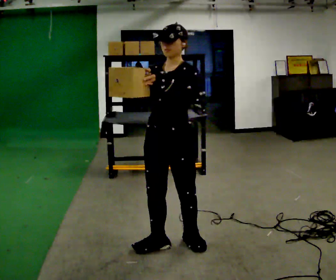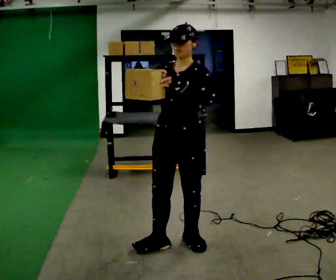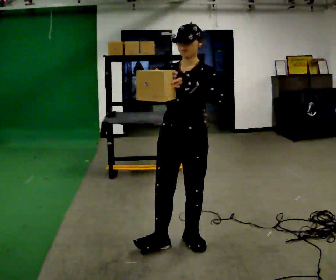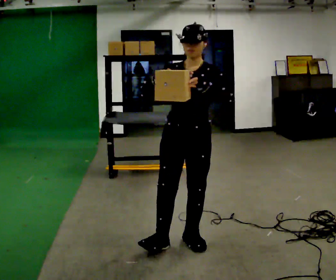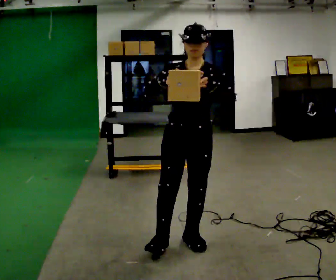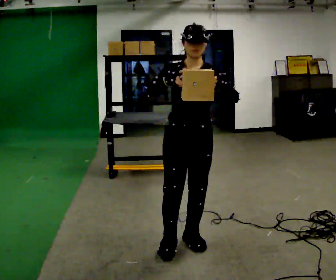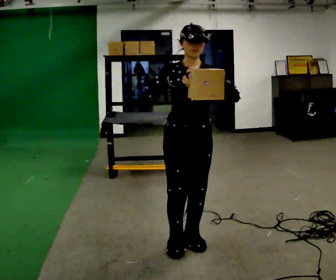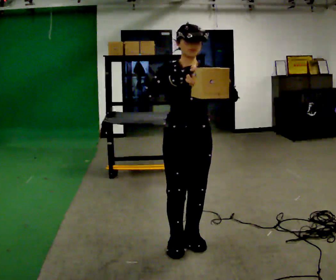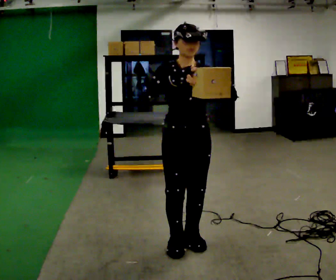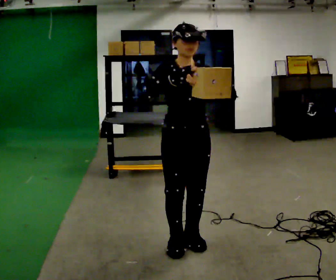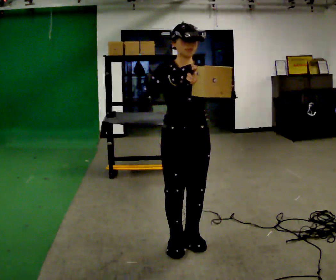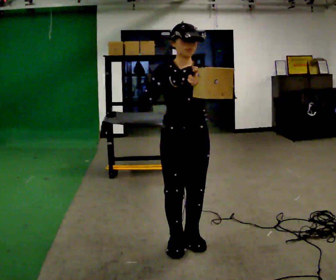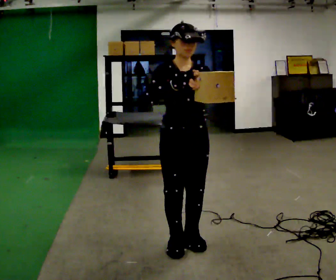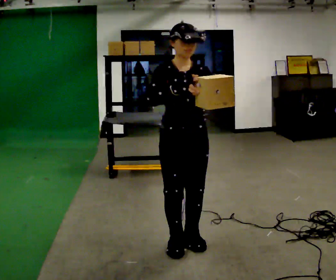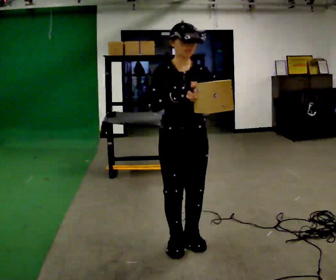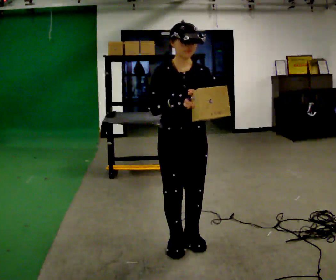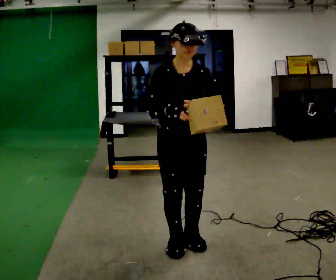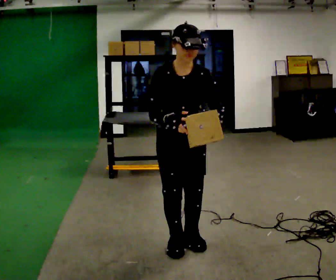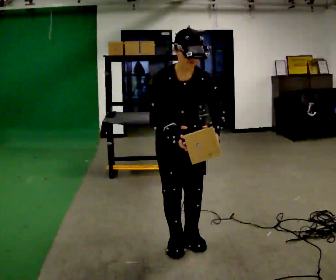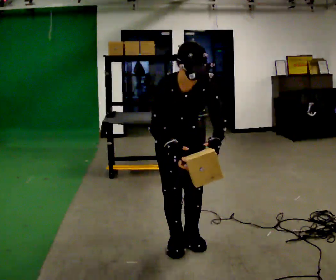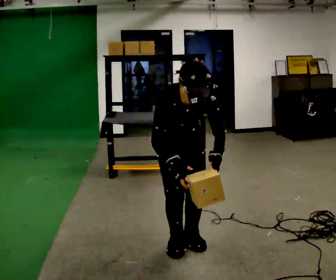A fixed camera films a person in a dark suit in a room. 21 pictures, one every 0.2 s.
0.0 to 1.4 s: Seen from above the body turns counterclockwise, about 30 degrees: to their left, with its near side sliding to the right. In the picture their right hand goes to the right.
1.4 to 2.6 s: The person moves a little, or ends about where they began.
2.6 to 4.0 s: The shoulders move downward. The upper body tips toward the camera, its near side rolling downward, as they bend forward. In the picture their right hand goes downward.
The film runs backward here.
